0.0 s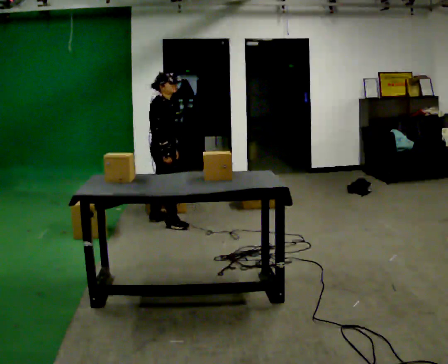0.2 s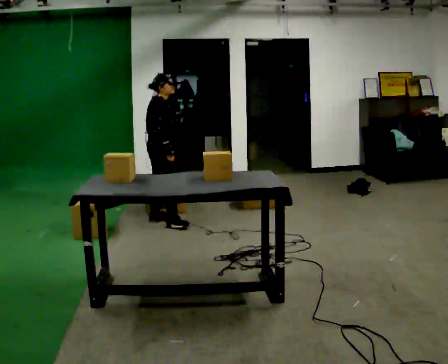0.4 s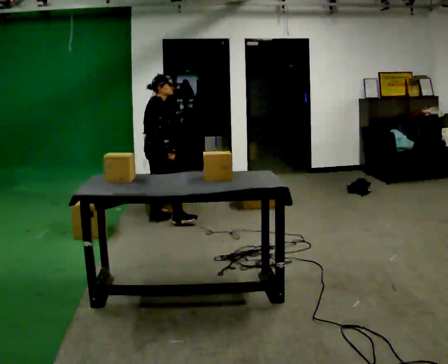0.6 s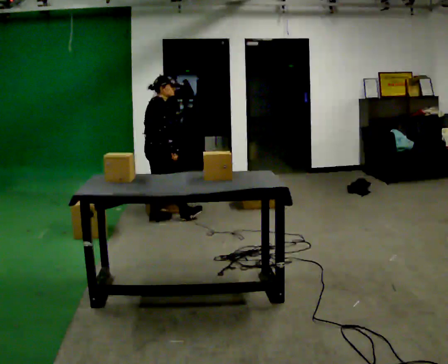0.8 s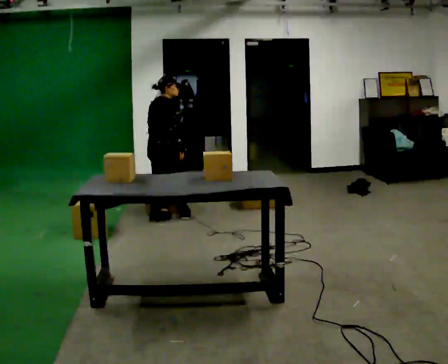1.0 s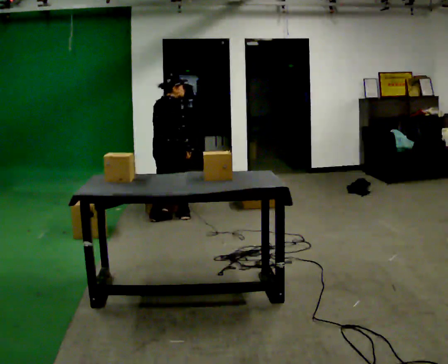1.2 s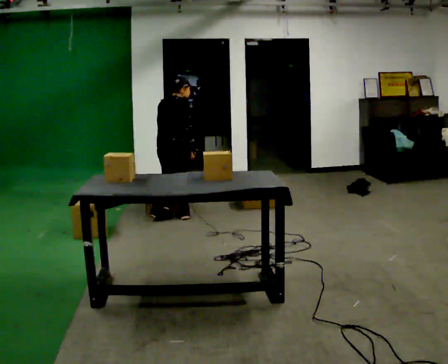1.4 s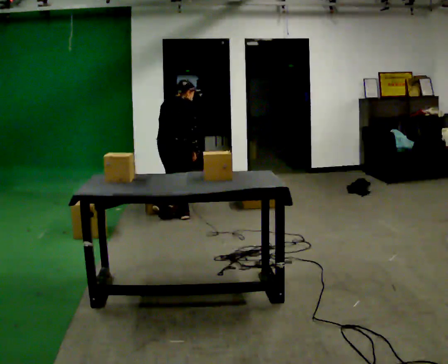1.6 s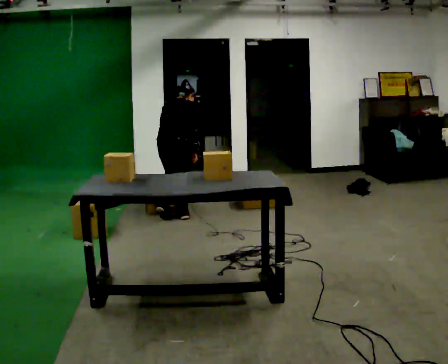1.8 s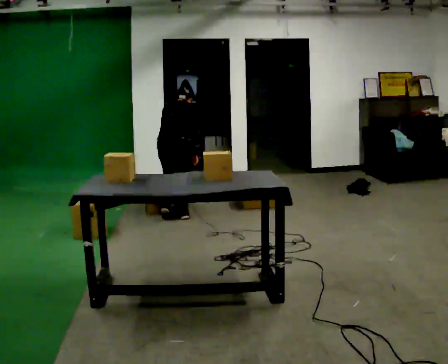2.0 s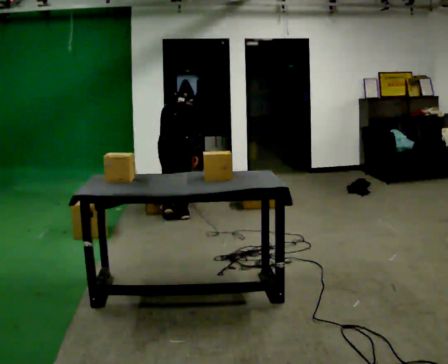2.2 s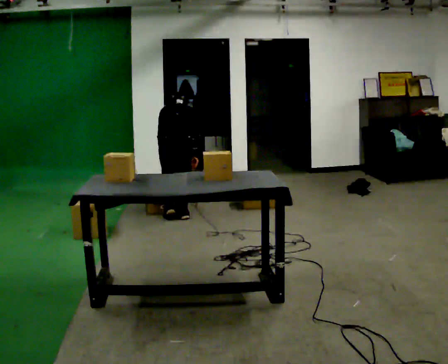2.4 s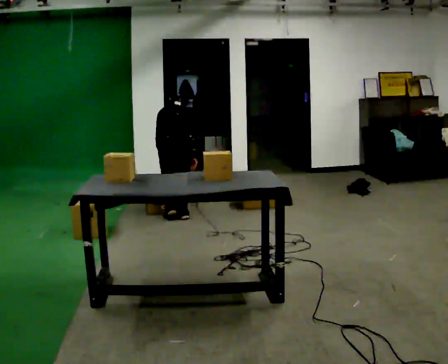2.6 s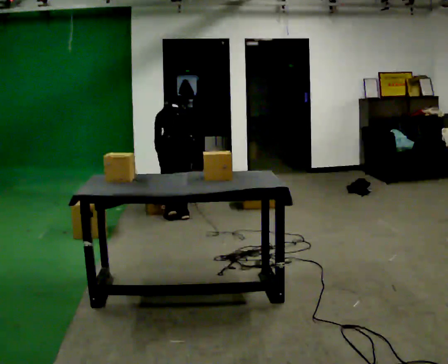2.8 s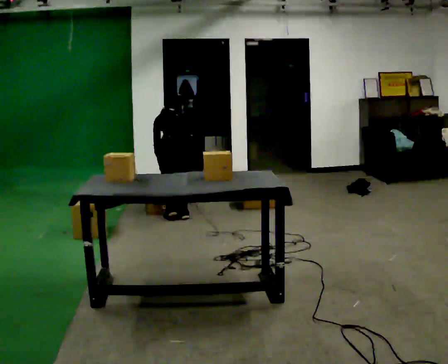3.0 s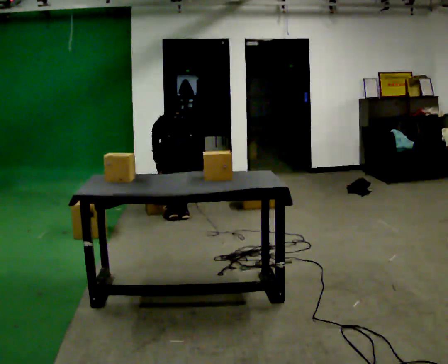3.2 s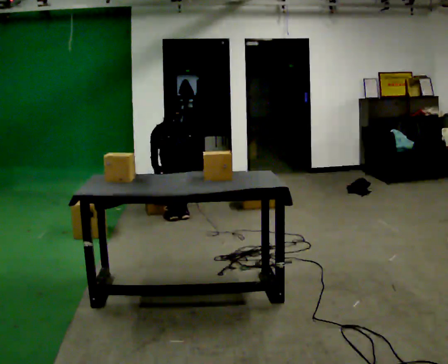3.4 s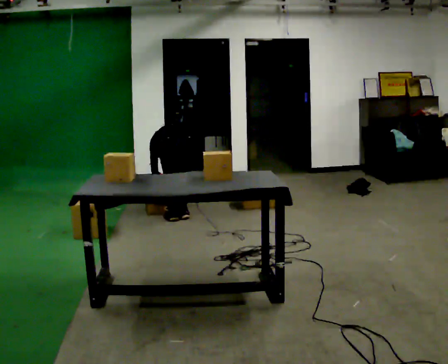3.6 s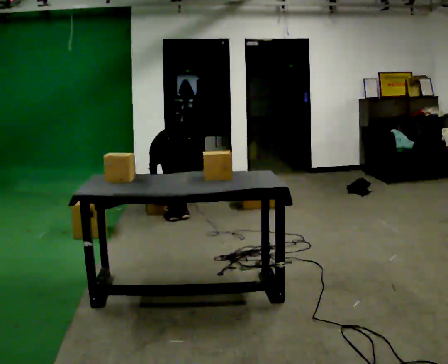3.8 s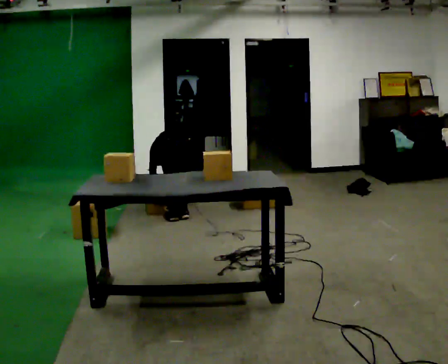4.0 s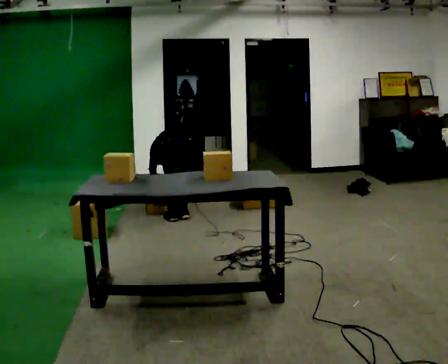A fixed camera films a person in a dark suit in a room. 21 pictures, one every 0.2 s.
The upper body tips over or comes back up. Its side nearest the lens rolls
upward.
The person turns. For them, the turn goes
to their left.
0.0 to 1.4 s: The part of the body nearest the lens slides to the right as the person turns to their left by about 60 degrees. In the picture they go away from the camera, about 0.25 m in 2 steps, which for them is forward and to their left.
1.4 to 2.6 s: The part of the body nearest the lens slides to the right as the person turns to their left by about 45 degrees. The upper body tips away from the camera, its near side rolling upward, as they bend forward.
2.6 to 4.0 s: The shoulders move downward. The upper body tips away from the camera, its near side rolling upward, as they bend forward. In the picture their right hand goes downward.
The film runs backward here.
